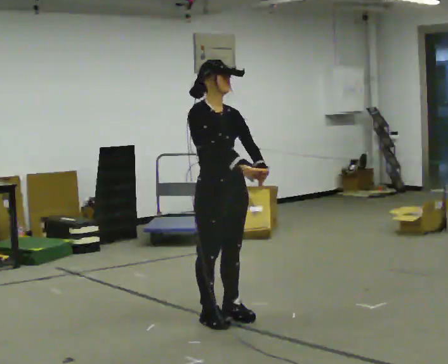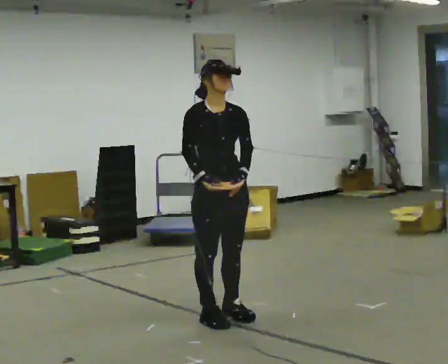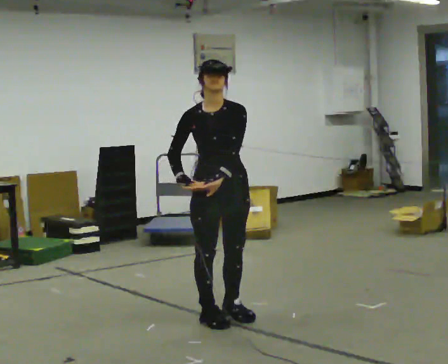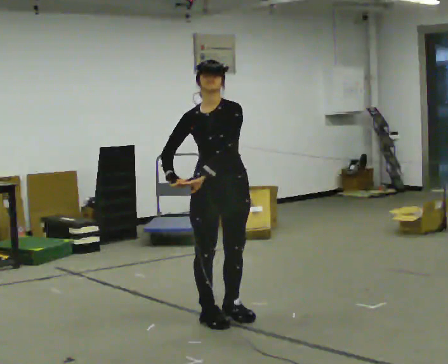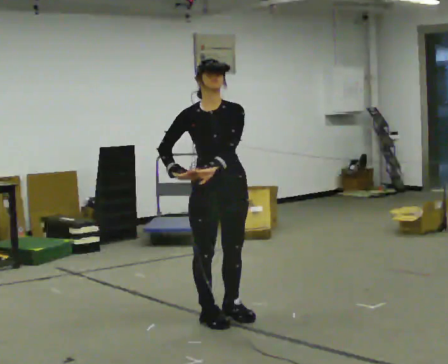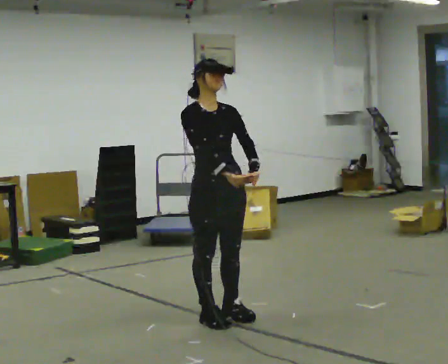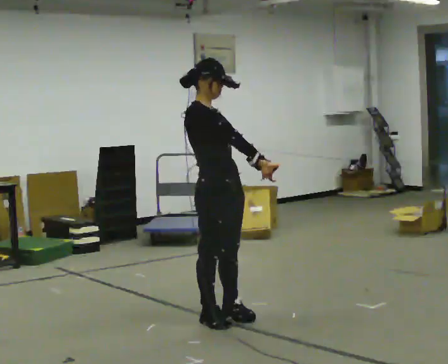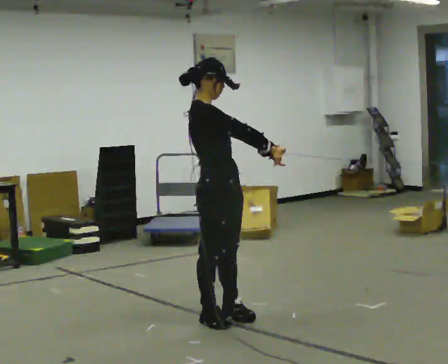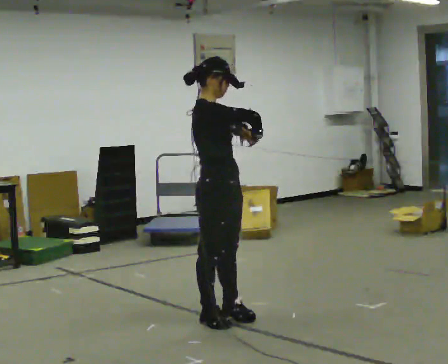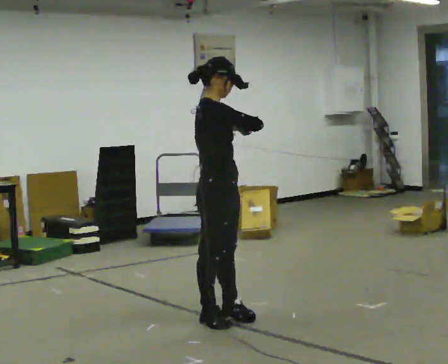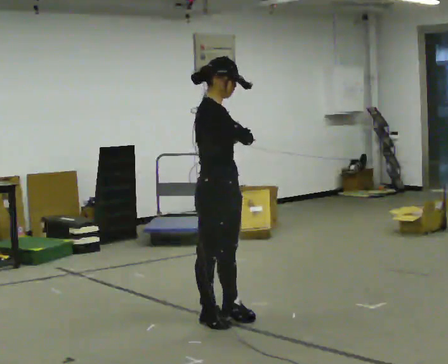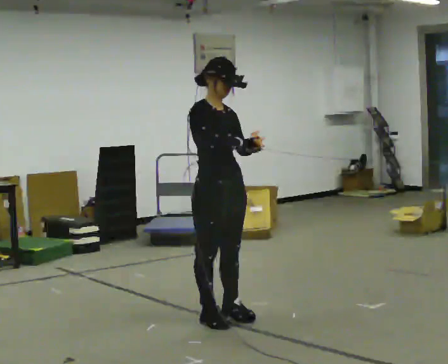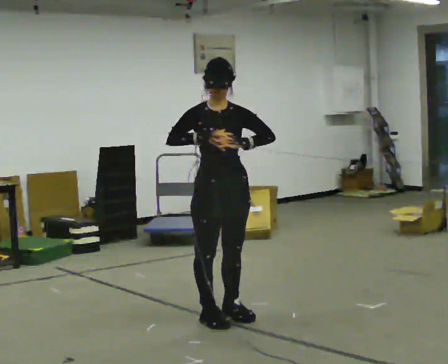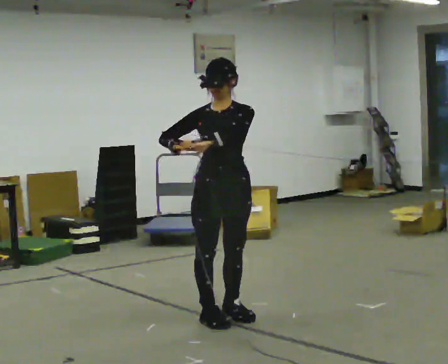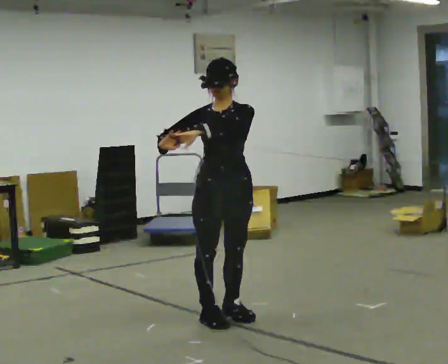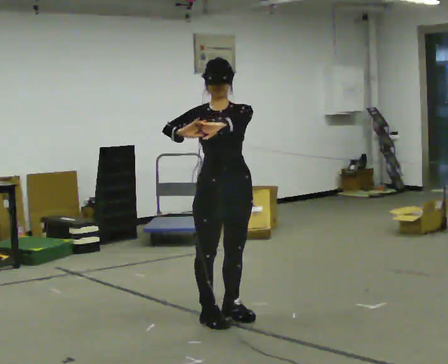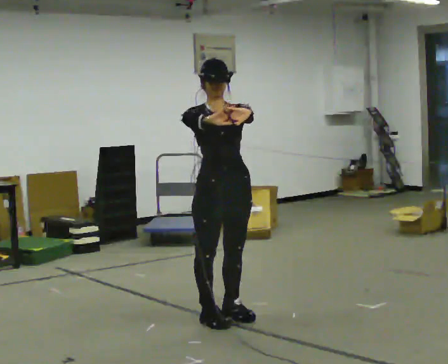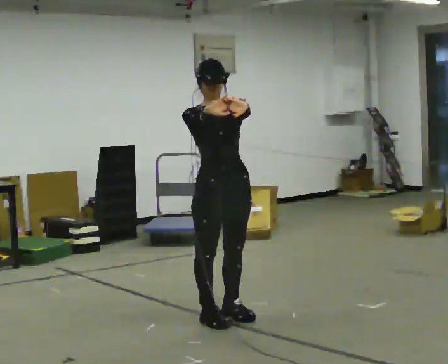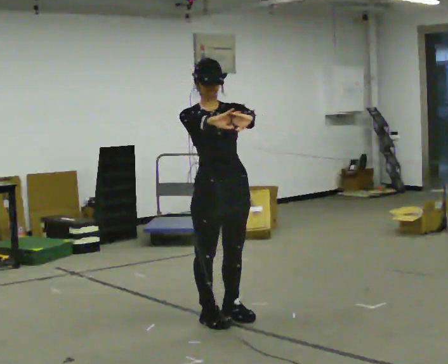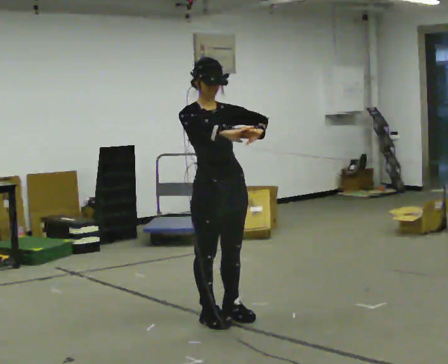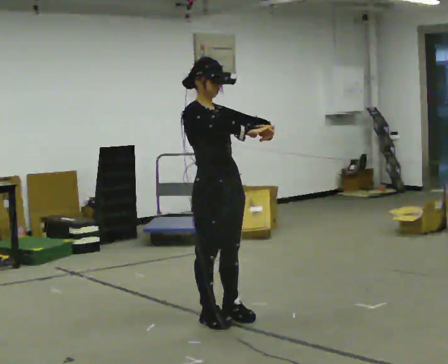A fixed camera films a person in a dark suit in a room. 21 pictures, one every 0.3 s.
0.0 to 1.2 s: The person turns about 30 degrees to their right, clockwise seen from above, so the part of the body nearest the lens slides to the left. In the picture their right hand goes to the left, the arm swinging clockwise.
1.2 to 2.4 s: The part of the body nearest the lens slides to the right as the person turns to their left by about 60 degrees. In the picture their right hand goes to the right, the arm swinging counterclockwise.
2.4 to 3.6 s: The part of the body nearest the lens slides to the left as the person turns to their right by about 45 degrees.
3.6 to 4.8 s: The person moves a little, or ends about where they began.
4.8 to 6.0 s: The part of the body nearest the lens slides to the right as the person turns to their left by about 30 degrees.
The film runs backward here.
